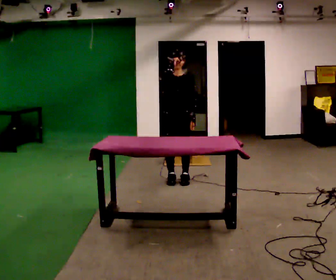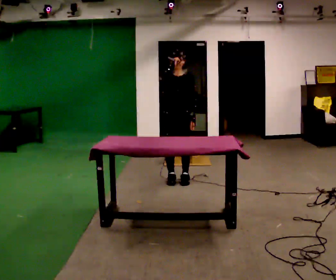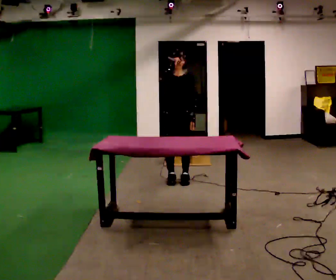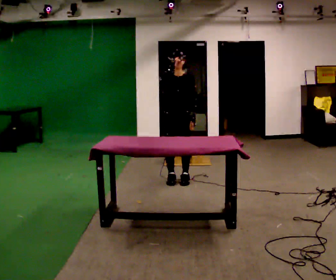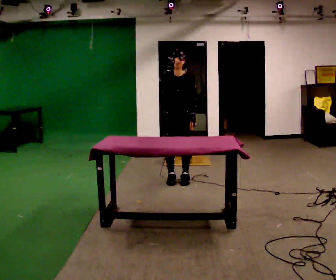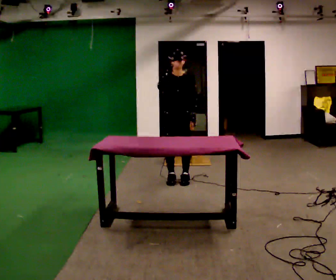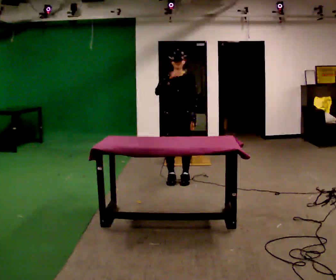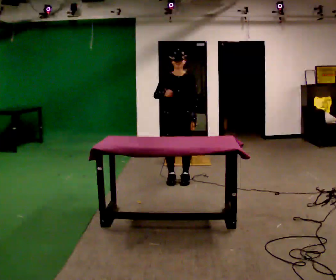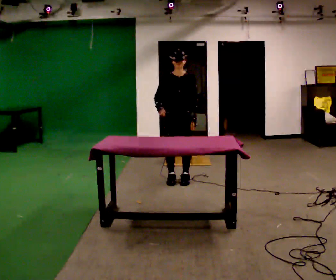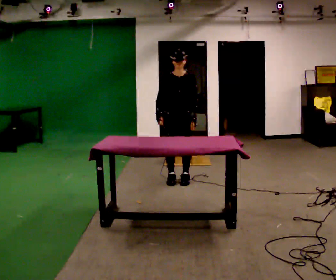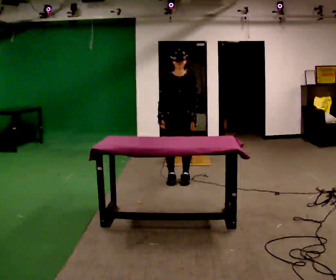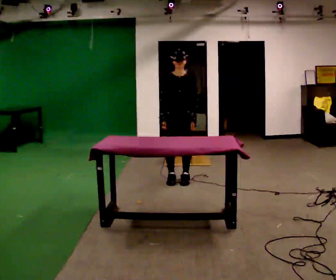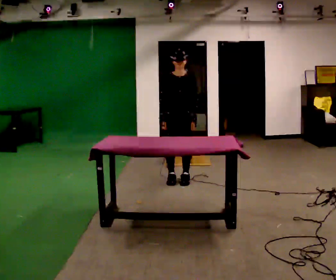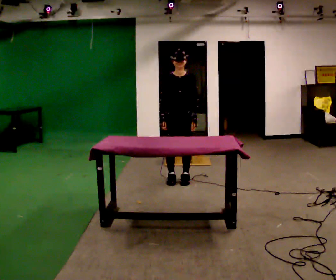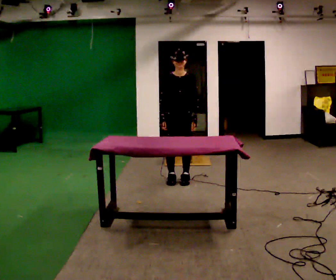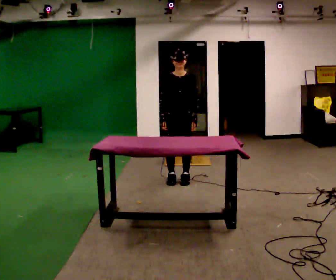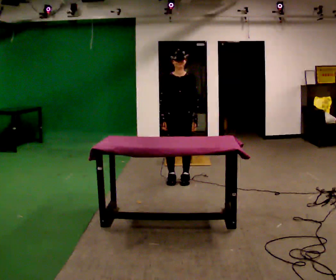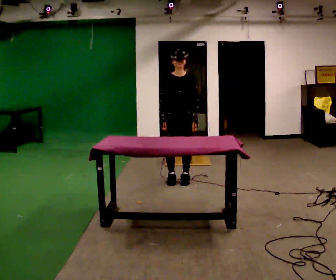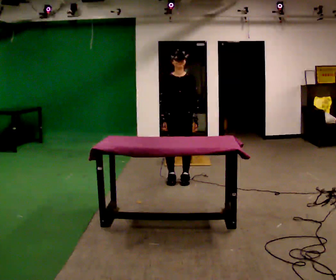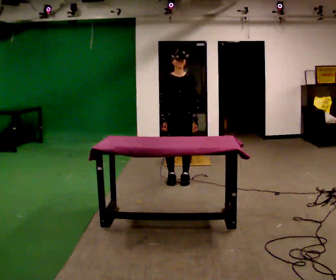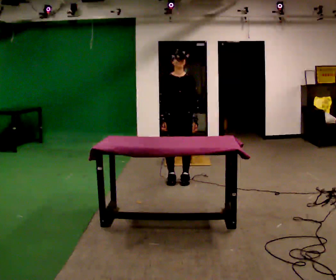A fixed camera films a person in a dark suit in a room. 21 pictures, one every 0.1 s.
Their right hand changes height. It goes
downward.
0.0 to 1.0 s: In the picture their right hand goes downward.
1.0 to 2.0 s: The person moves a little, or ends about where they began.
The film runs backward here.
